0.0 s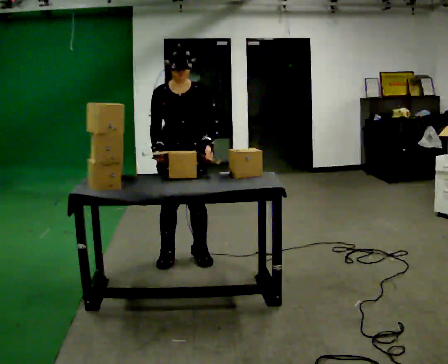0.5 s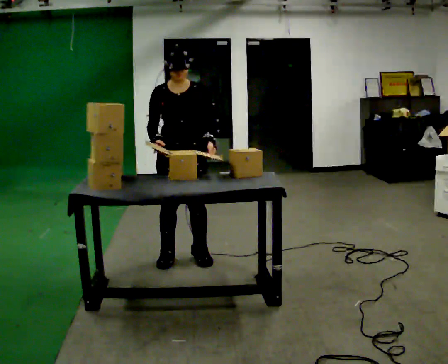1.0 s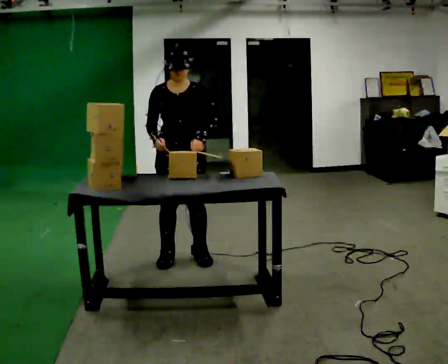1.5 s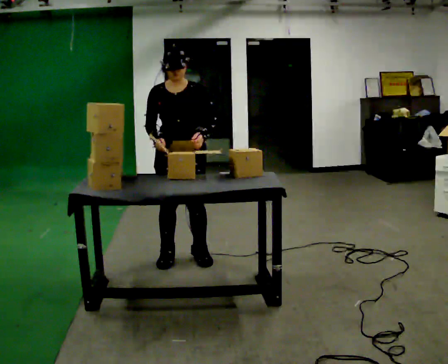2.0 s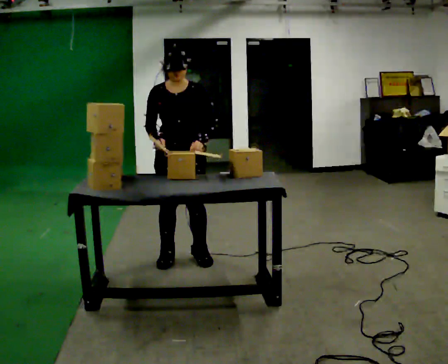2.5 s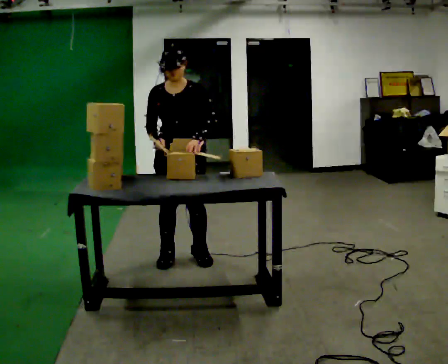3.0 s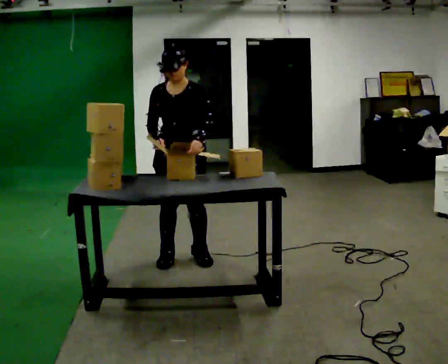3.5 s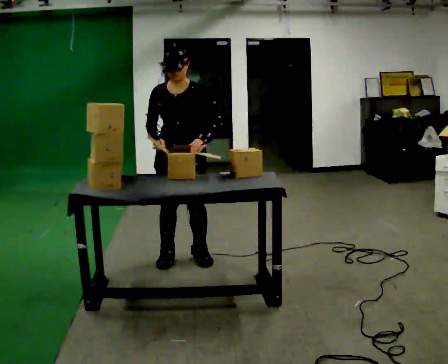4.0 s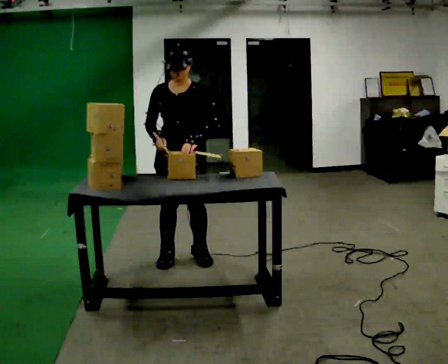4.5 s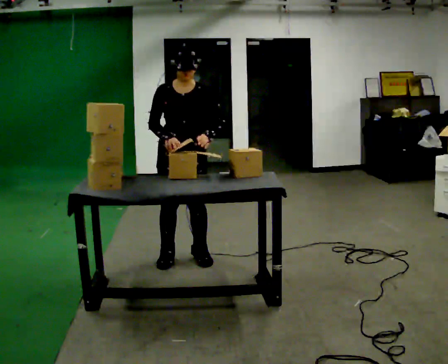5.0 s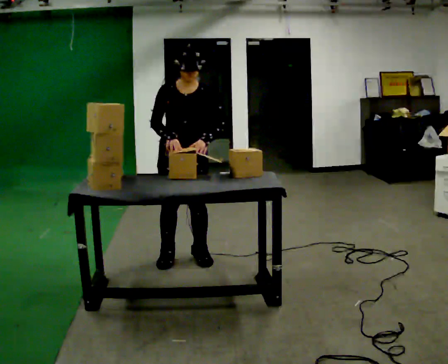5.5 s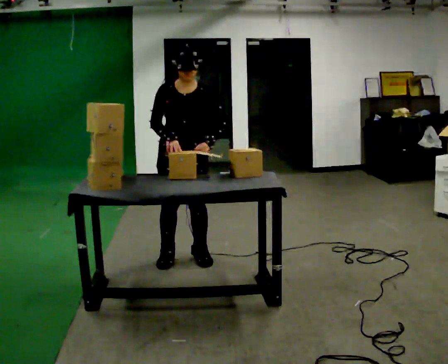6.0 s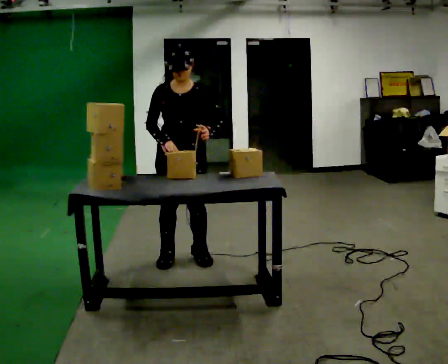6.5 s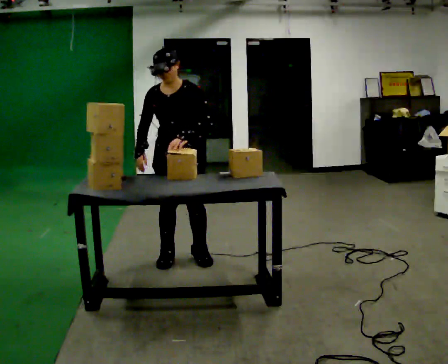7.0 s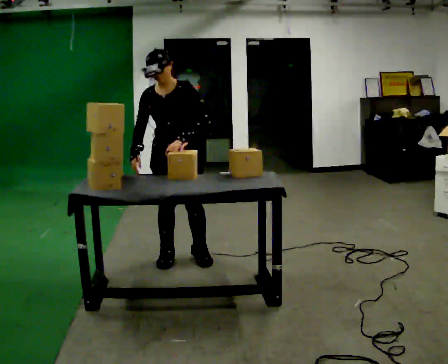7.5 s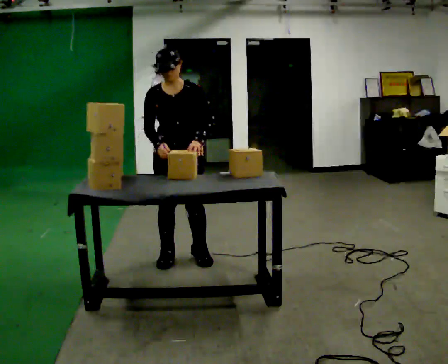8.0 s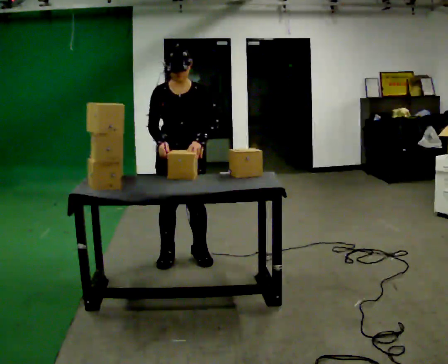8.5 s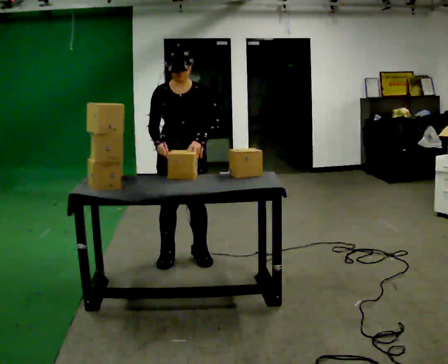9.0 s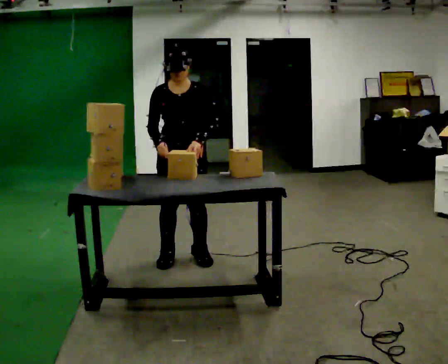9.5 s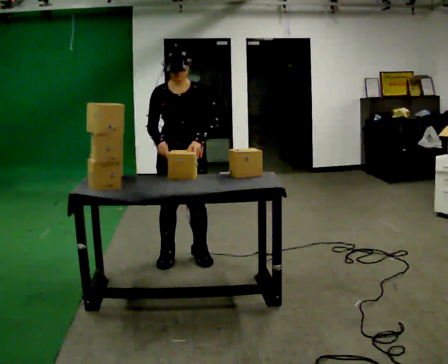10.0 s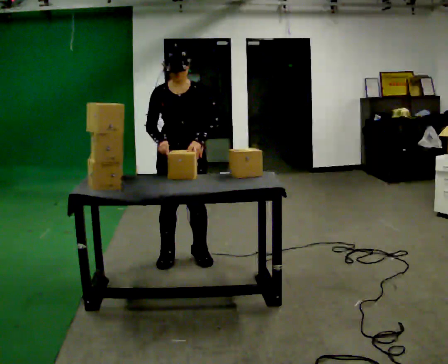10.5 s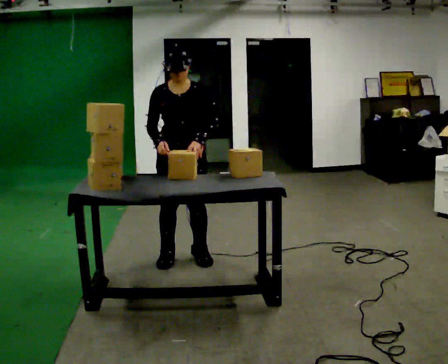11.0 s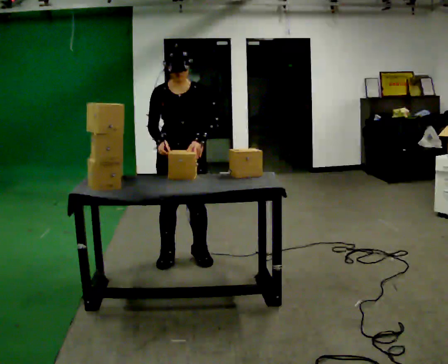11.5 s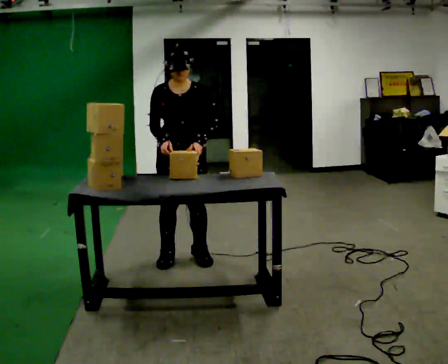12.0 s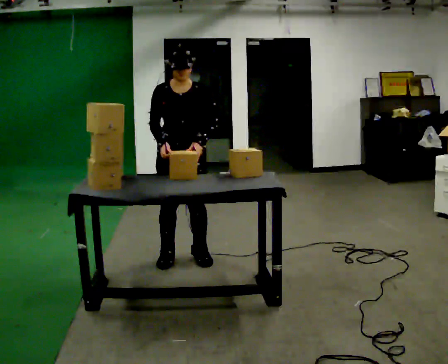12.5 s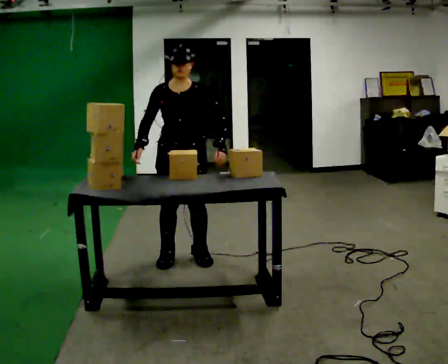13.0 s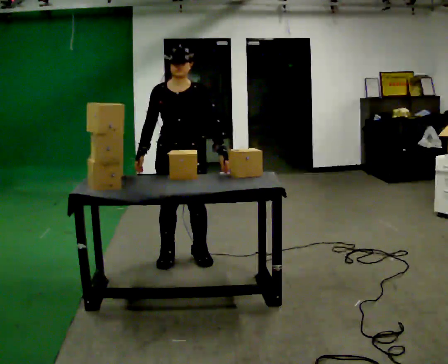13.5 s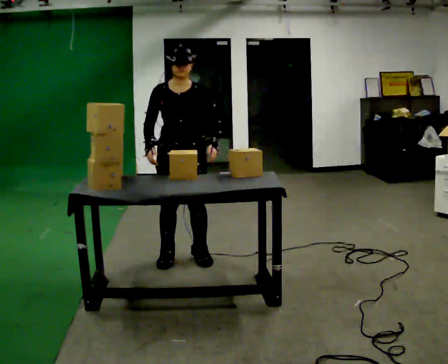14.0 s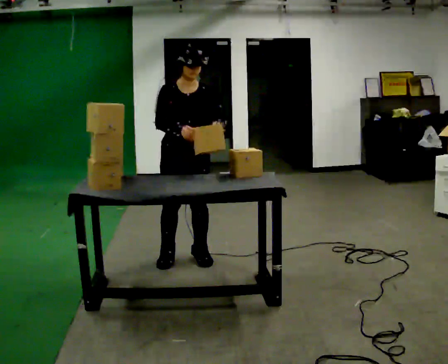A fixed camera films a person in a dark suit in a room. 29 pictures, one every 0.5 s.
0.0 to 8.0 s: The person moves a little, or ends about where they began.
8.0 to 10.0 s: The person keeps their place and pose.
10.0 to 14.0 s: The person moves a little, or ends about where they began.
The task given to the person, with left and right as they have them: Take the stacked item apart piece by piece on the table, then put it back together. Repeat at your own pace until the operator says stop. Keep both feet on the marked spots for the whole take. If you have to step, stop and tell the operator.
The film runs forward here.
